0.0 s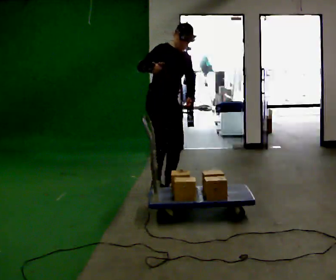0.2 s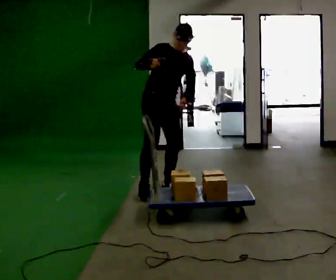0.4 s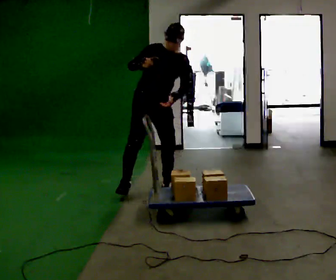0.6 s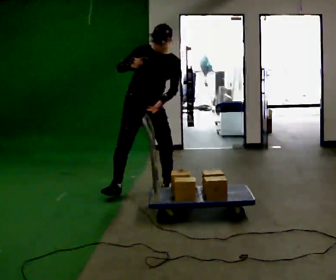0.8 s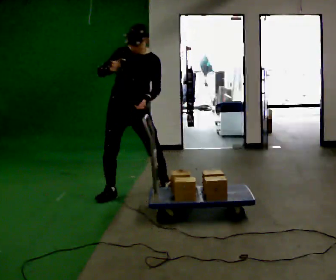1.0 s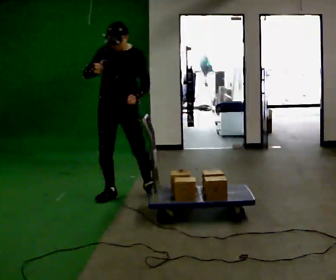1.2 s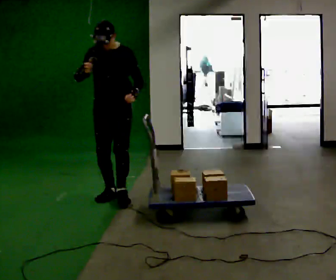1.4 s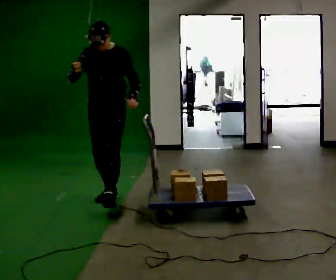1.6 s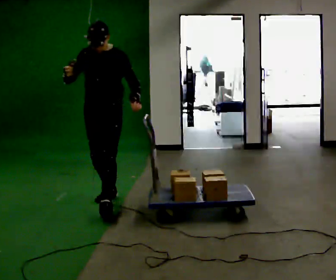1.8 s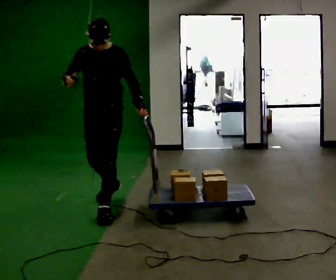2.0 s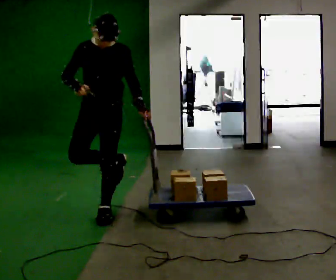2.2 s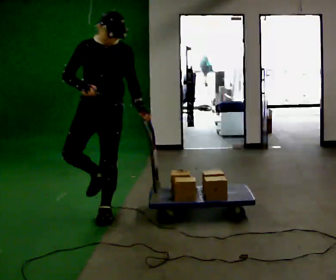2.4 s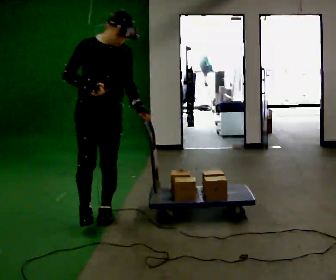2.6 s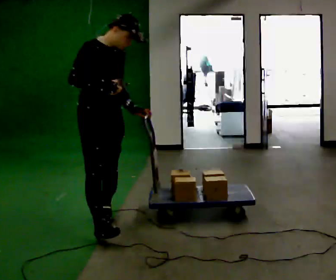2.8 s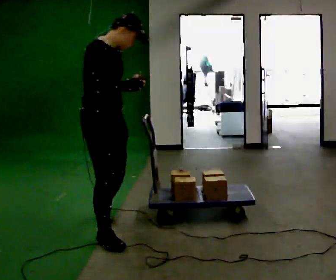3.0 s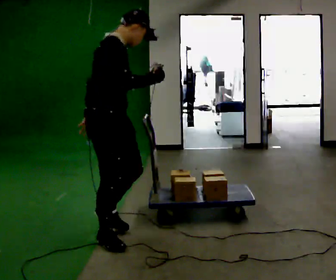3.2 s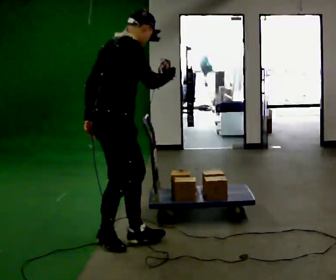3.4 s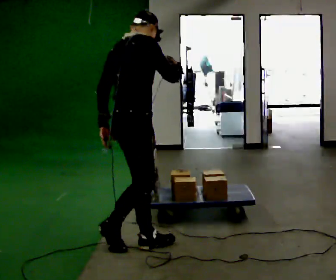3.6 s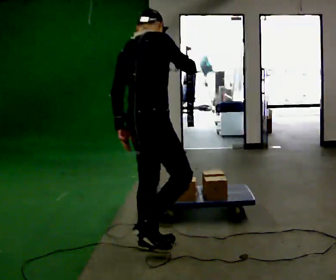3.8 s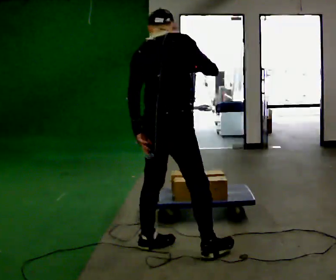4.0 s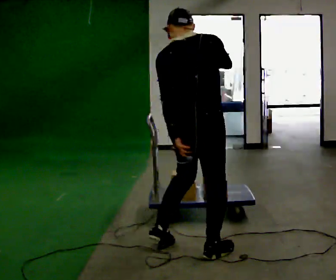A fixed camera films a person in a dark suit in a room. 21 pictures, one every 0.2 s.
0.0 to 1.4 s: The part of the body nearest the lens slides to the left as the person turns to their right by about 75 degrees. In the picture they go to the left and toward the camera, about 0.5 m in 1 step.
1.4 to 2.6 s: The part of the body nearest the lens slides to the right as the person turns to their left by about 60 degrees. In the picture they go toward the camera, about 1 m in 1 step.
2.6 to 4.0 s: Seen from above the body turns counterclockwise, about 105 degrees: to their left, with its near side sliding to the right. In the picture they go to the right and toward the camera, about 1 m in 3 steps.
The film runs forward here.
